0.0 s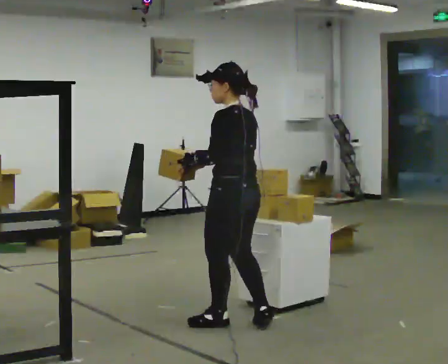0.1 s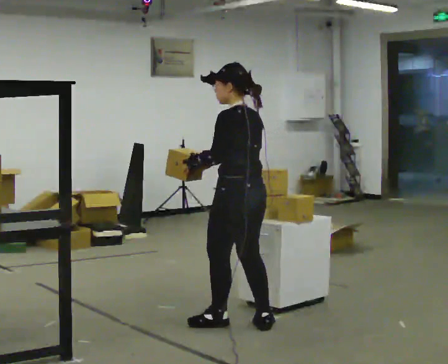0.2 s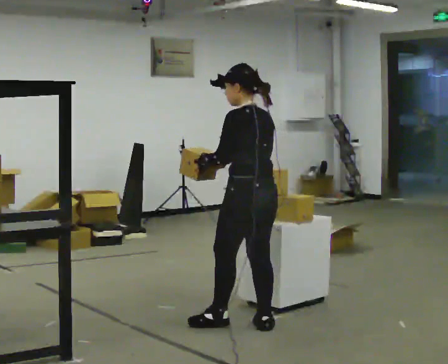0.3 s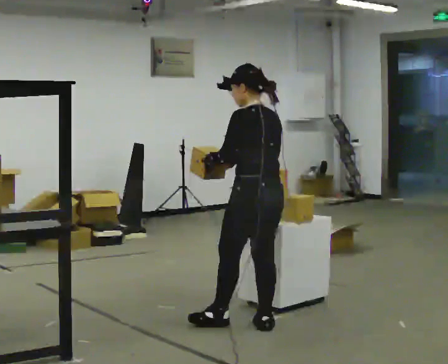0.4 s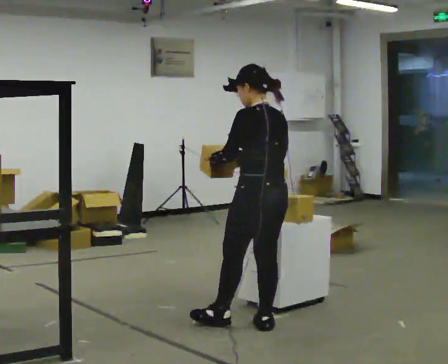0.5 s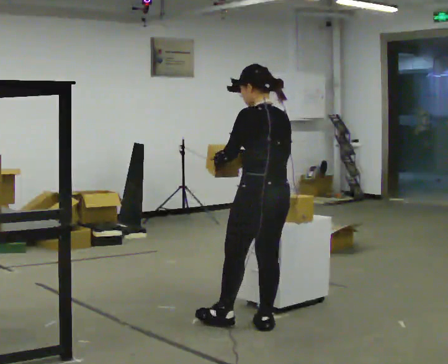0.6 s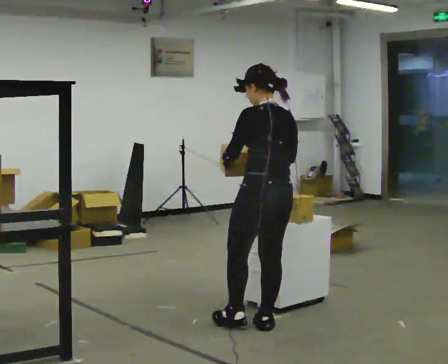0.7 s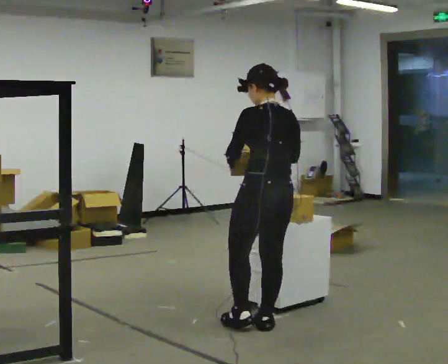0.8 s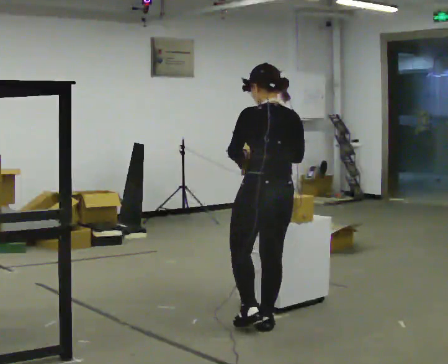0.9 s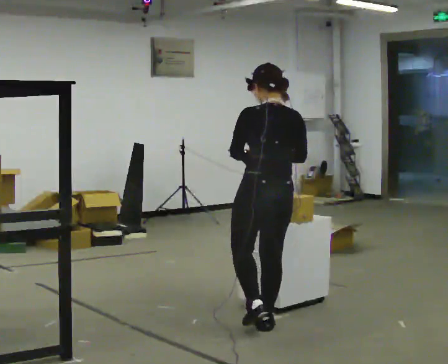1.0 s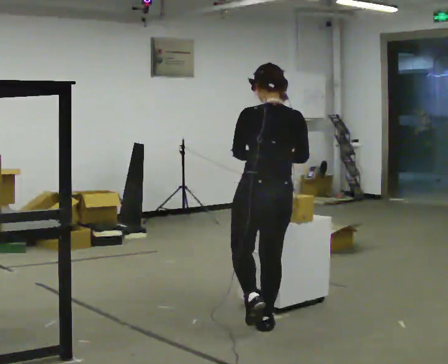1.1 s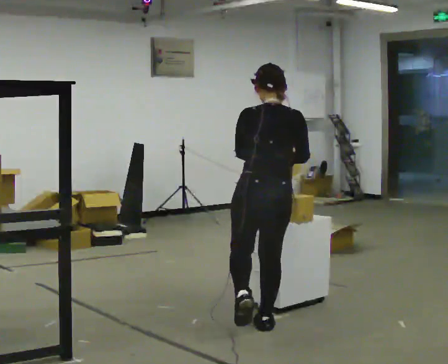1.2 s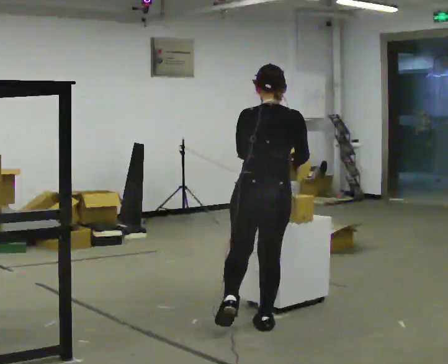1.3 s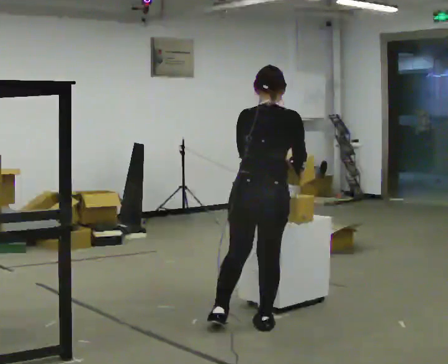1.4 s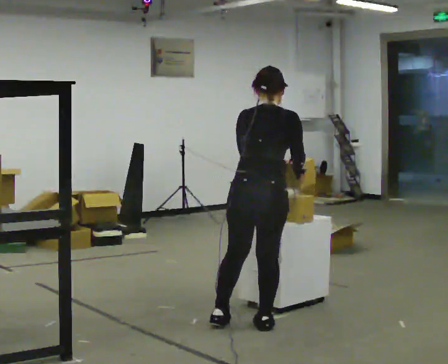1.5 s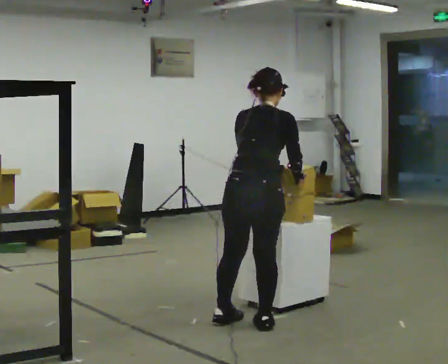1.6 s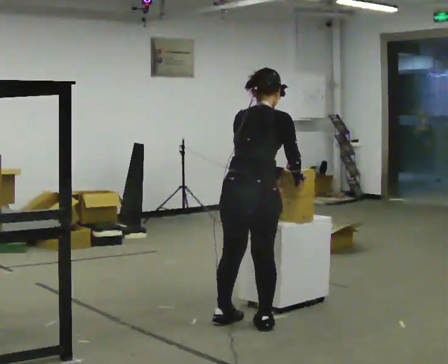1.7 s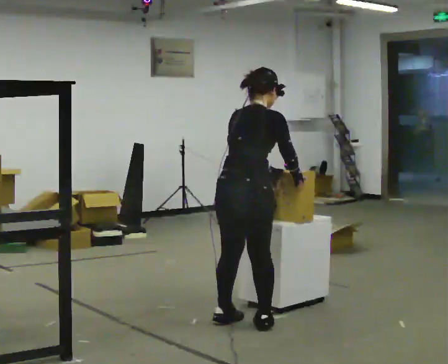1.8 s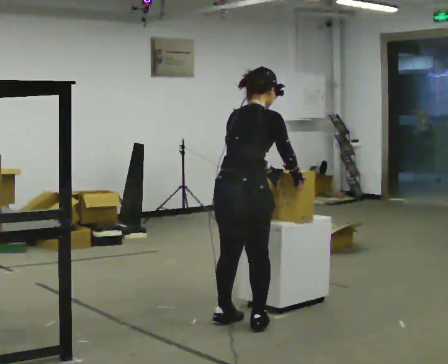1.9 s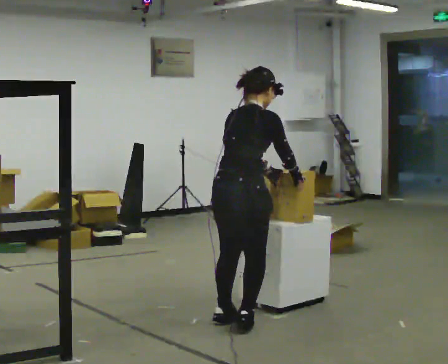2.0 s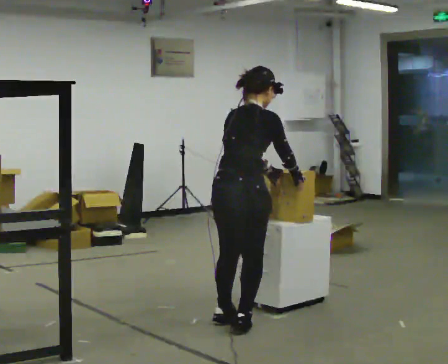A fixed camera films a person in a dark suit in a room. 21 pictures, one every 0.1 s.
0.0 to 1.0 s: Seen from above the body turns clockwise, about 45 degrees: to their right, with its near side sliding to the left. In the picture they go to the right, about 0.25 m, which for them is backward. In the picture their left hand goes to the right.
1.0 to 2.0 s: The part of the body nearest the lens slides to the left as the person turns to their right by about 45 degrees. In the picture they go to the left, about 0.25 m in 1 step, which for them is to their left.
The film runs backward here.
